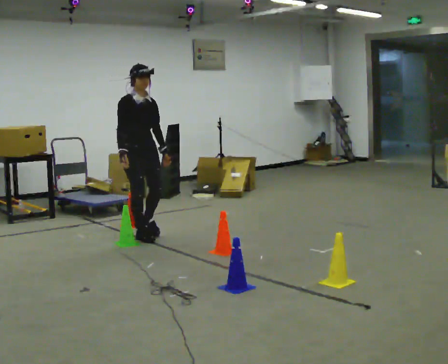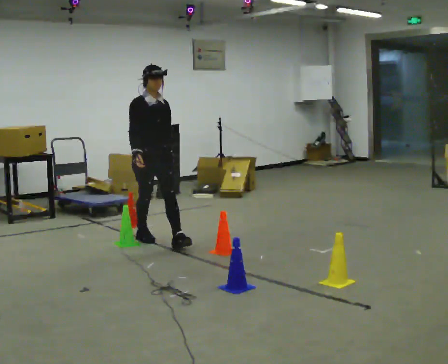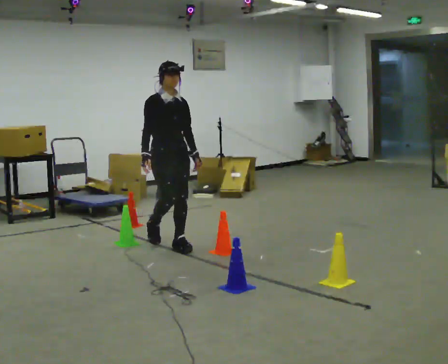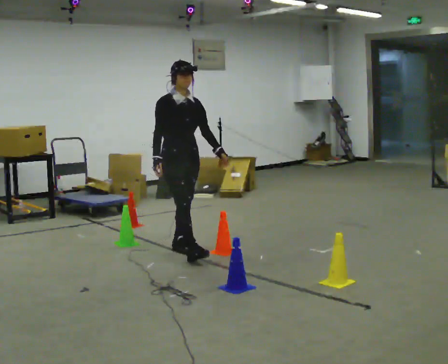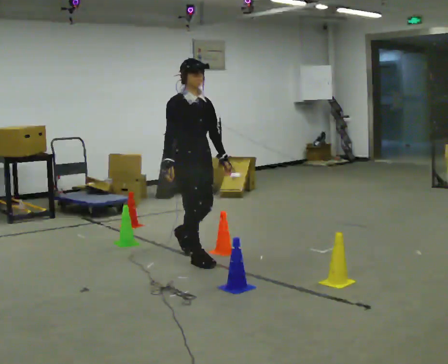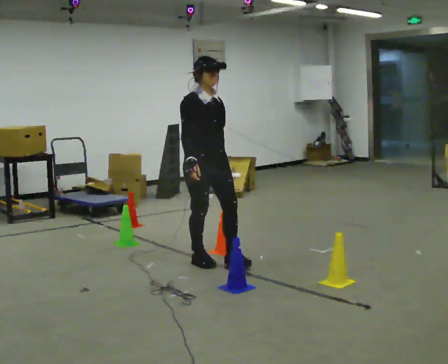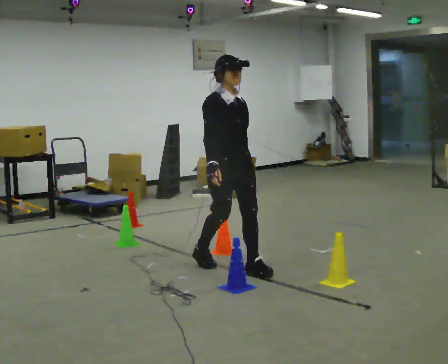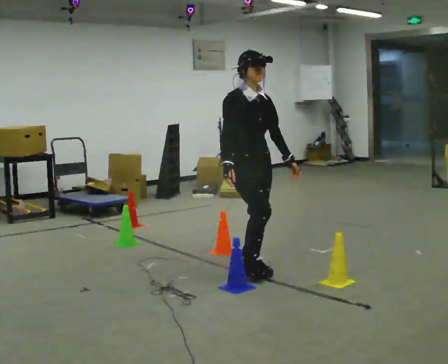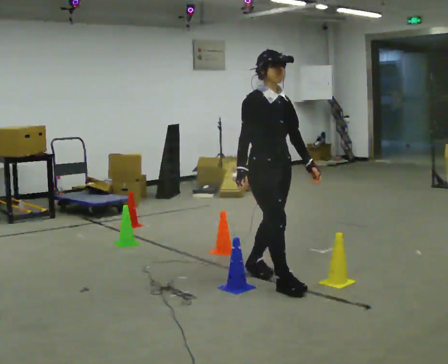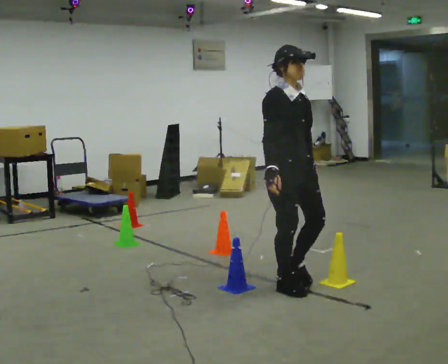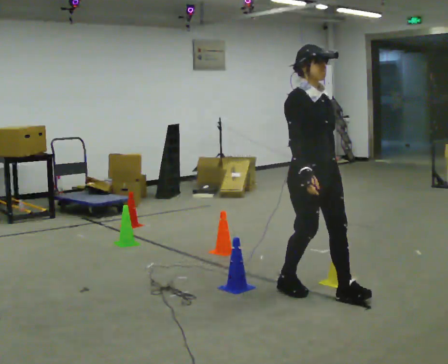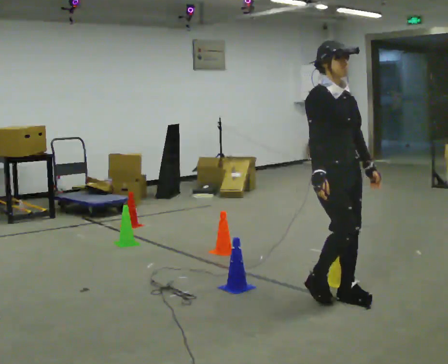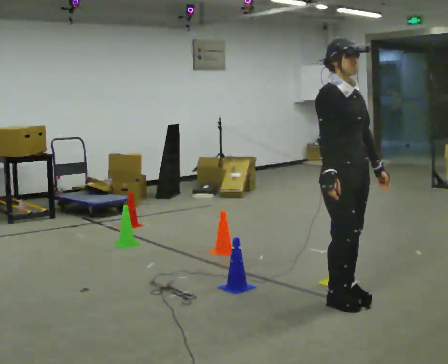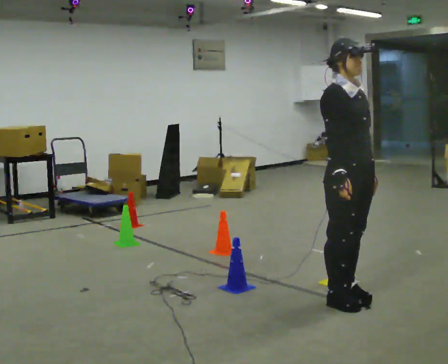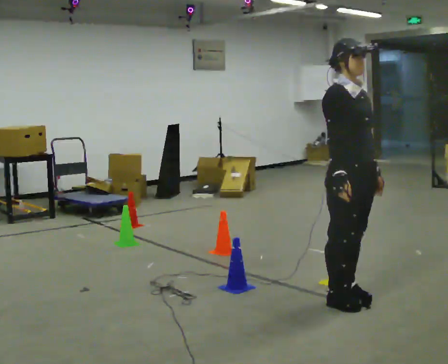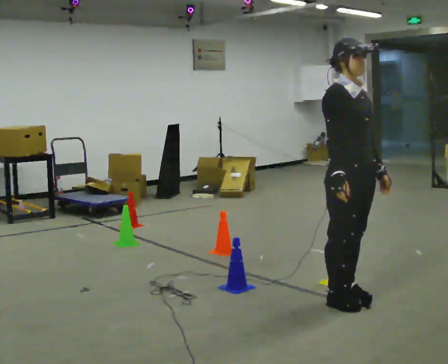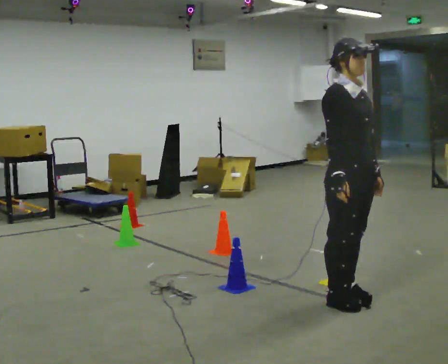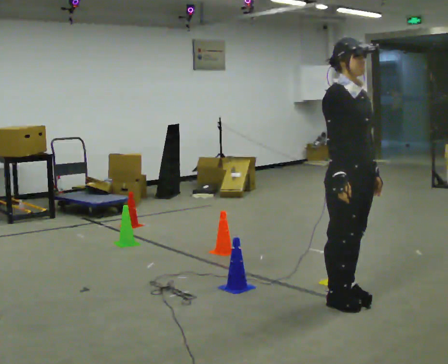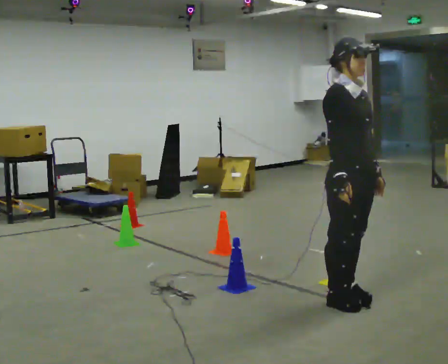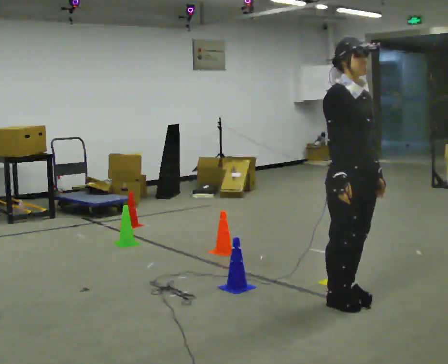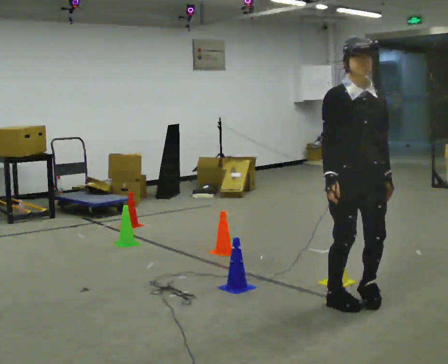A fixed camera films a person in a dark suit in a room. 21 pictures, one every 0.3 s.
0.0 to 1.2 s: In the picture they go toward the camera and to the right, about 1 m in 2 steps, which for them is forward.
1.2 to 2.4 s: In the picture they go to the right and toward the camera, about 1 m in 2 steps, which for them is forward.
2.4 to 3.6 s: In the picture they go to the right and toward the camera, about 0.5 m in 2 steps, which for them is forward.
3.6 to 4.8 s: The person moves a little, or ends about where they began.
4.8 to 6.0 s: The part of the body nearest the lens slides to the left as the person turns to their right by about 45 degrees.
The film runs forward here.
